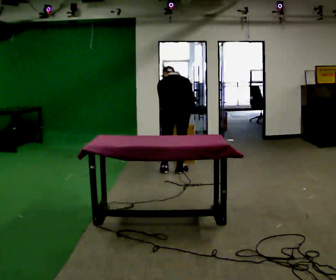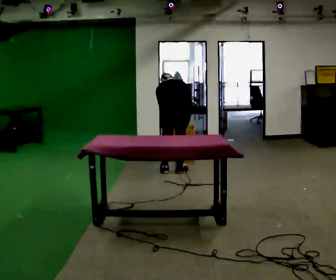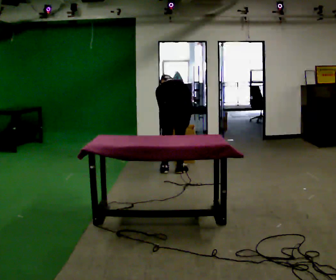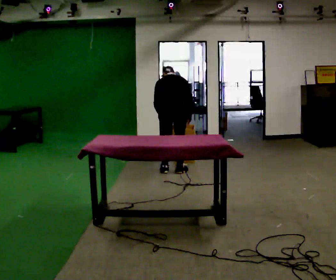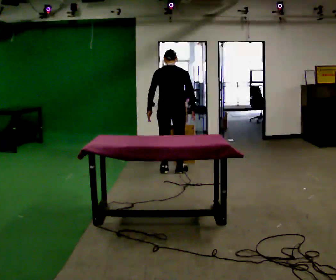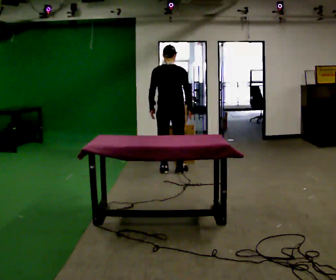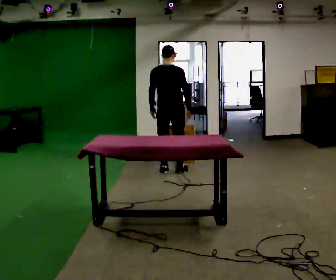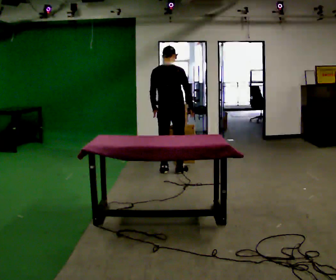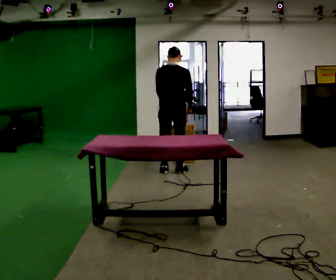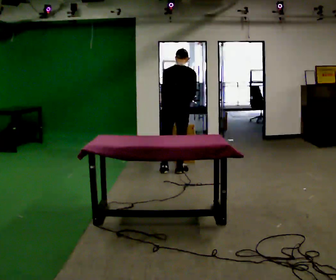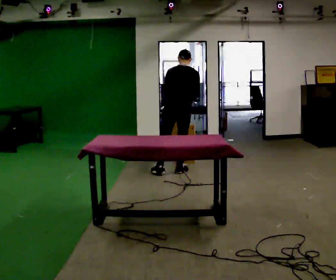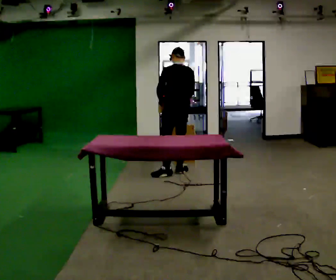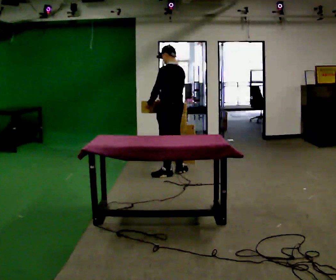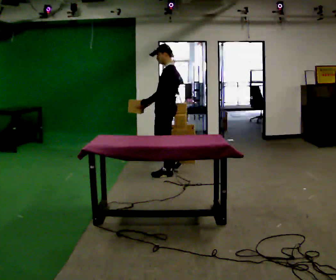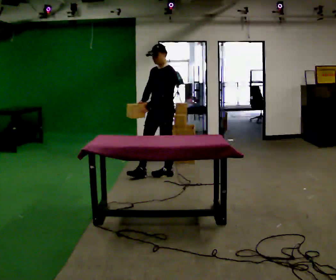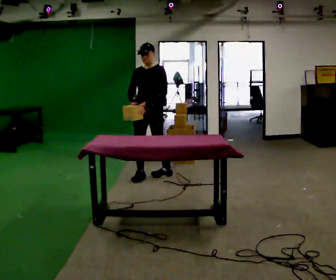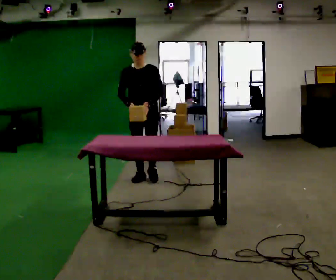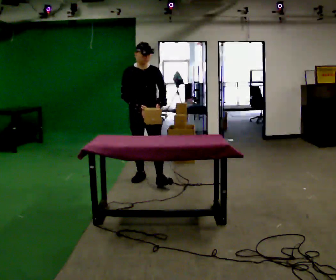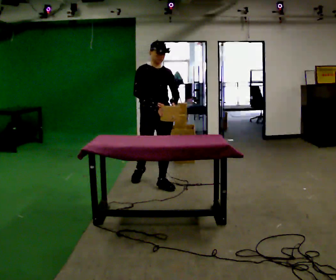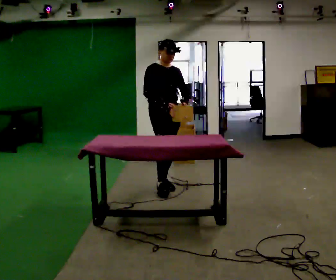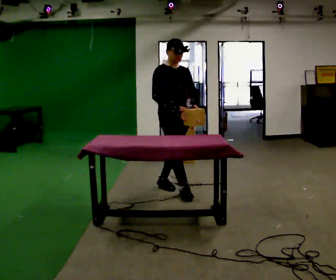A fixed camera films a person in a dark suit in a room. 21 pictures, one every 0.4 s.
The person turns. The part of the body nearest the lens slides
to the right.
The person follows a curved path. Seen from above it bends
counterclockwise.
0.0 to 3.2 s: The person moves a little, or ends about where they began.
3.2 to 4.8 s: The part of the body nearest the lens slides to the right as the person turns to their left by about 60 degrees. In the picture they go toward the camera, about 0.25 m in 1 step. In the picture their right hand goes to the left, the arm swinging clockwise.
4.8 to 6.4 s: Seen from above the body turns counterclockwise, about 120 degrees: to their left, with its near side sliding to the right. In the picture they go to the left and toward the camera, about 0.5 m in 1 step.
6.4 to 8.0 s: The person turns about 45 degrees to their left, counterclockwise seen from above, so the part of the body nearest the lens slides to the right. In the picture they go toward the camera and to the right, about 0.75 m in 2 steps, which for them is forward.
The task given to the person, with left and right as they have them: Carry the box over and put it on the shelf with the label facing out towards you. Get the orientation right, not just the position. Keep going until the operator says stop; one object at a time, and do not rush between trips.
The film runs forward here.
